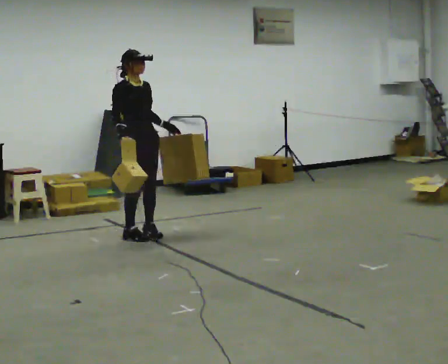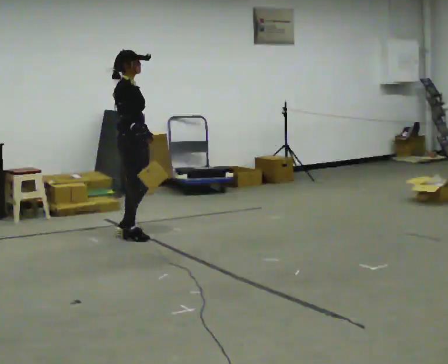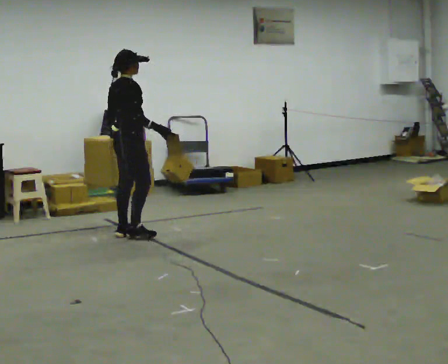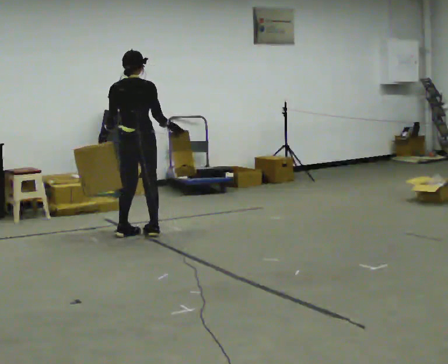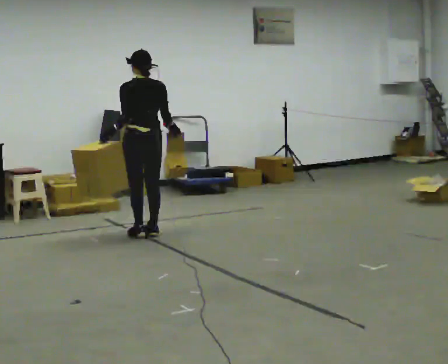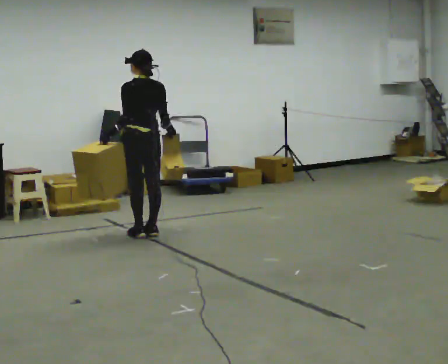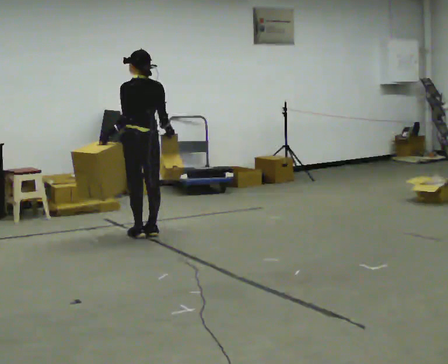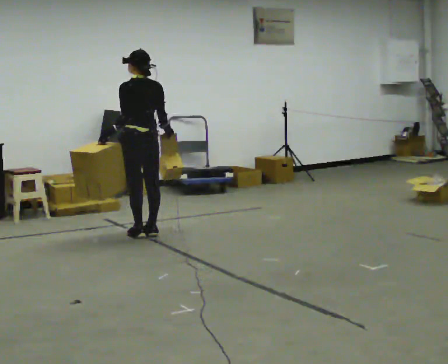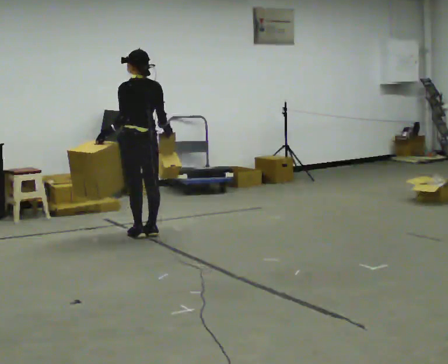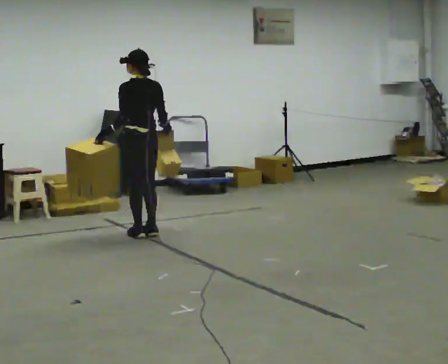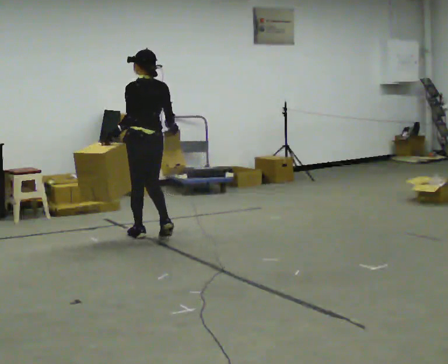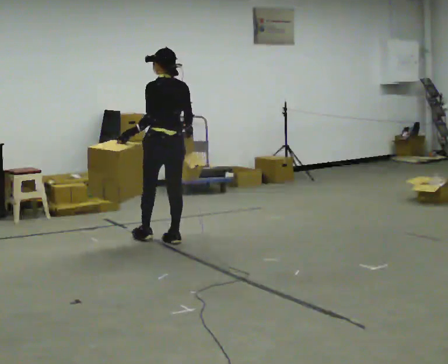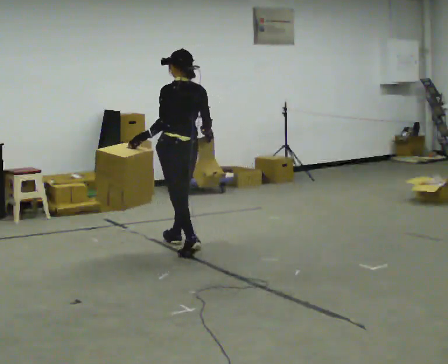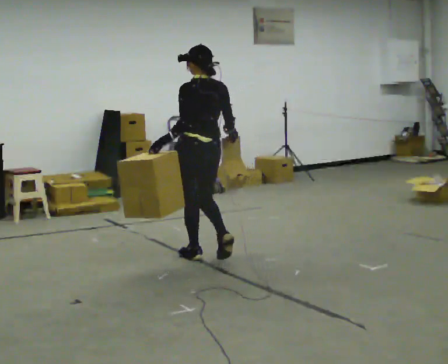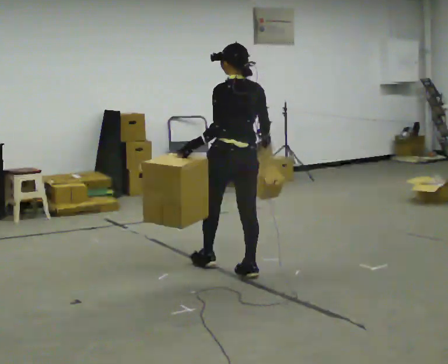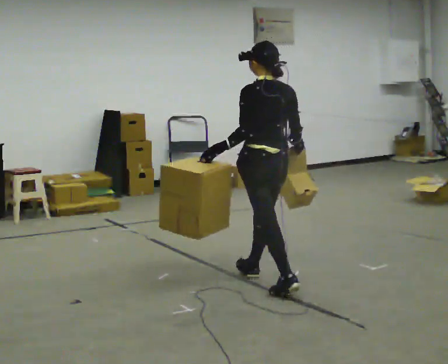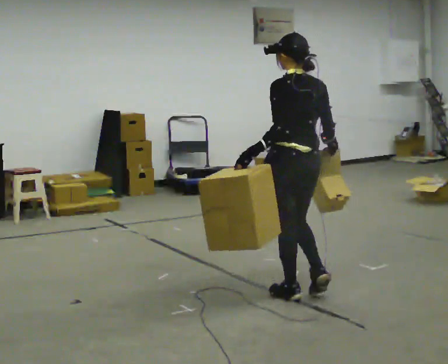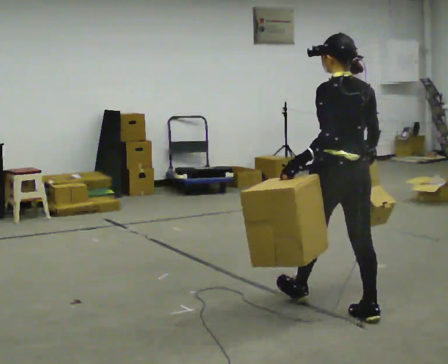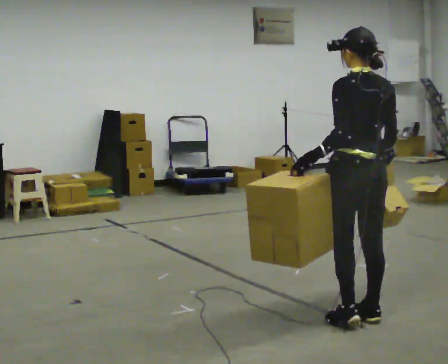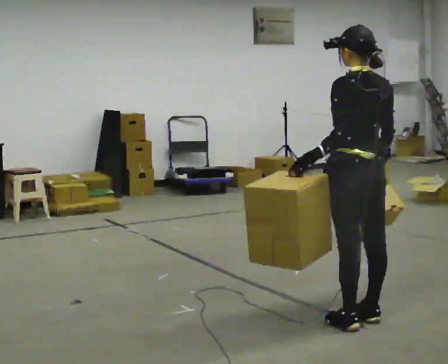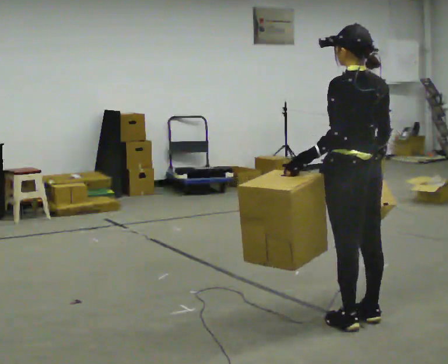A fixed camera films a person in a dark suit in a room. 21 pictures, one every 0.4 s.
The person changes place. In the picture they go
toward the camera.
The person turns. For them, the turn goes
to their left.
0.0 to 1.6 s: The part of the body nearest the lens slides to the right as the person turns to their left by about 150 degrees. In the picture their right hand goes to the right.
1.6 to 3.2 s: The person moves a little, or ends about where they began.
3.2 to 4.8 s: In the picture they go toward the camera and to the right, about 0.5 m in 2 steps, which for them is backward.
4.8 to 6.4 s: In the picture they go toward the camera and to the right, about 1.5 m in 3 steps, which for them is backward.
6.4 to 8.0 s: In the picture they go toward the camera and to the right, about 0.5 m in 1 step, which for them is backward.
The film runs backward here.
